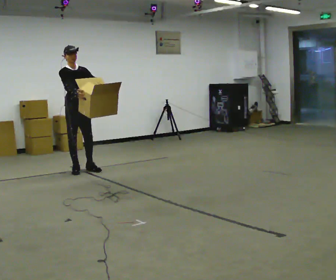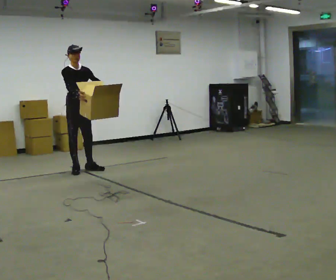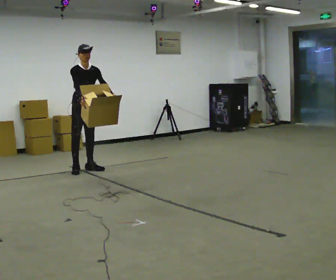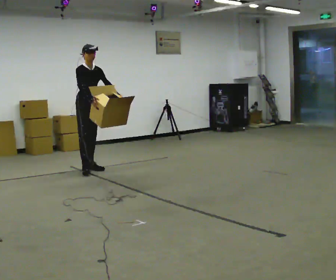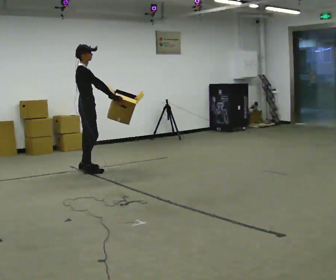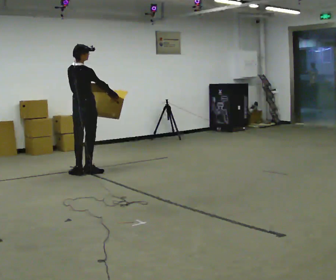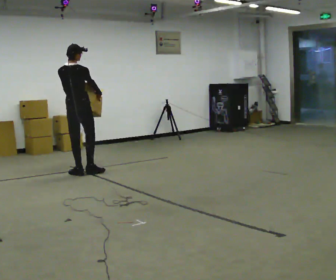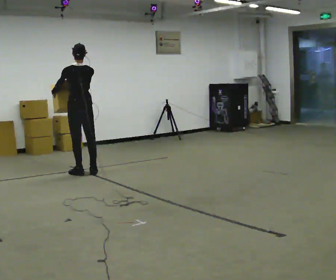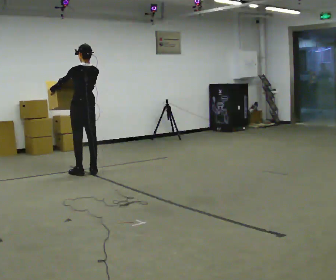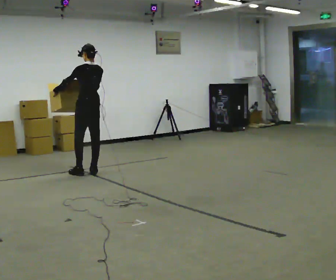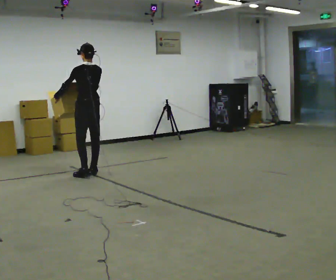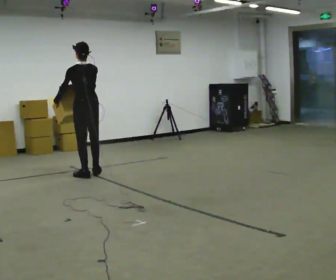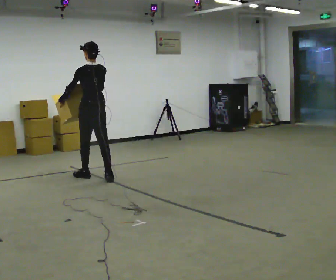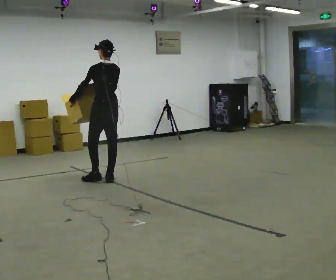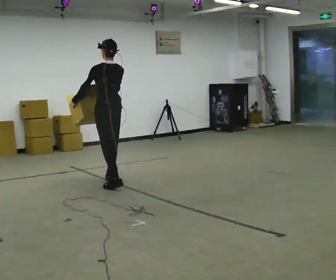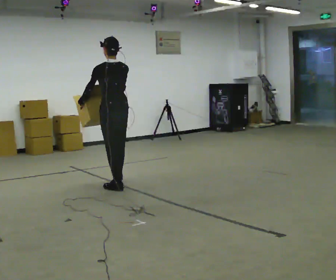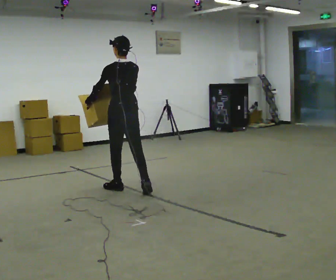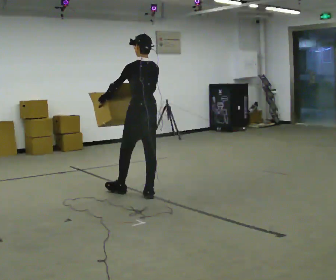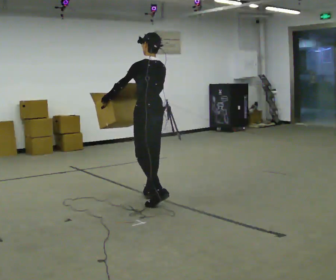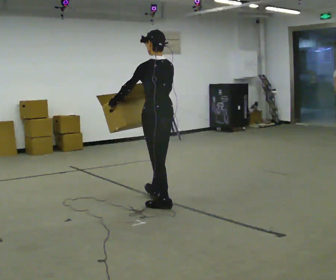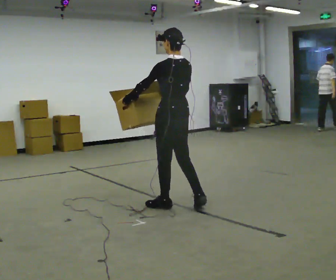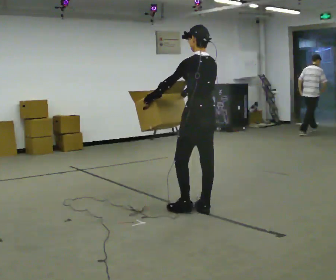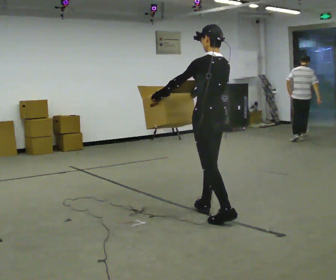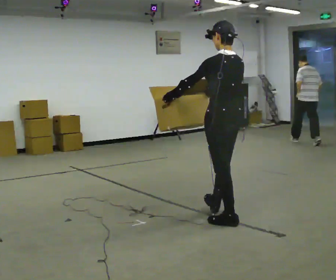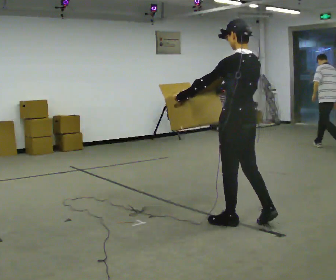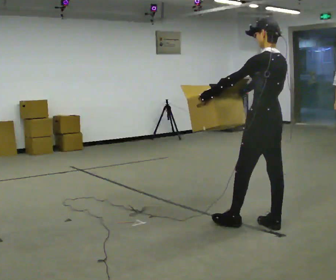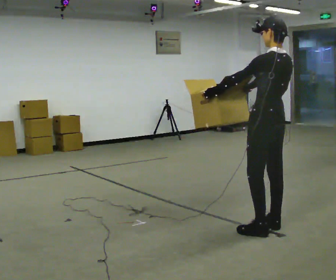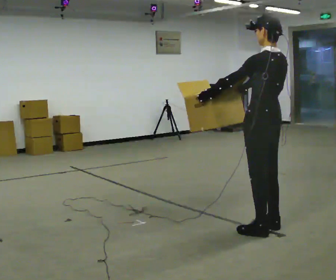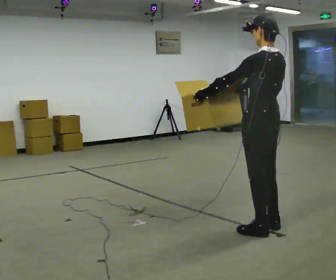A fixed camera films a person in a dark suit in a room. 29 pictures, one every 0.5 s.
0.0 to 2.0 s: The person turns about 60 degrees to their left, counterclockwise seen from above, so the part of the body nearest the lens slides to the right.
2.0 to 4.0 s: The person turns about 120 degrees to their left, counterclockwise seen from above, so the part of the body nearest the lens slides to the right. In the picture their right hand goes to the left.
4.0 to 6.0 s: In the picture they go toward the camera, about 0.5 m in 2 steps, which for them is backward.
6.0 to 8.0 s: In the picture they go toward the camera and to the right, about 1 m in 2 steps, which for them is backward.
8.0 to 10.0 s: In the picture they go toward the camera and to the right, about 1 m in 2 steps, which for them is backward.
10.0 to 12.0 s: In the picture they go toward the camera and to the right, about 1 m in 2 steps, which for them is backward.
12.0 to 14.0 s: In the picture they go toward the camera, about 0.25 m in 1 step, which for them is backward.
The film runs backward here.
